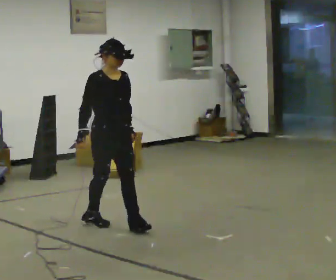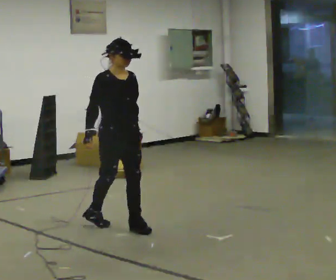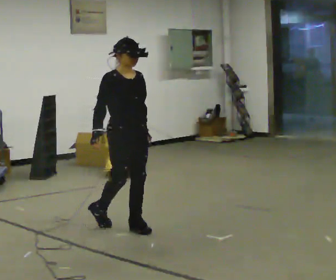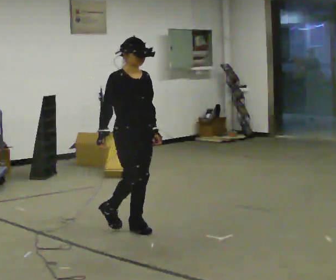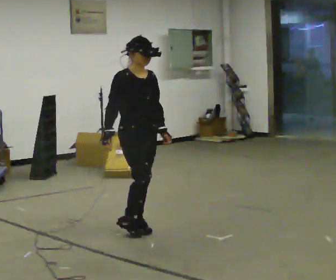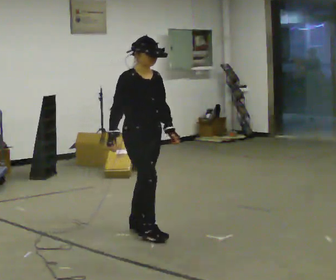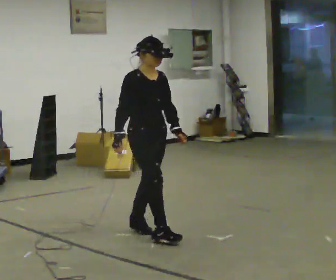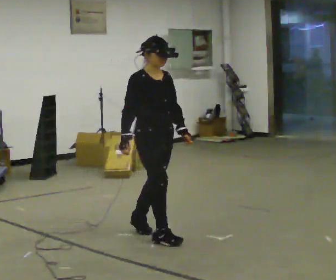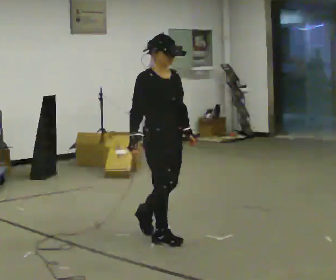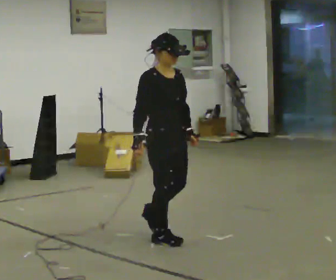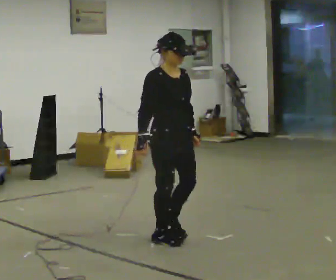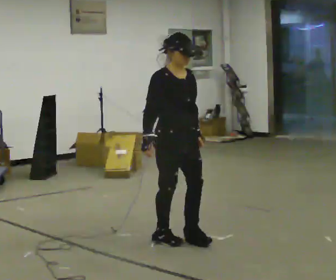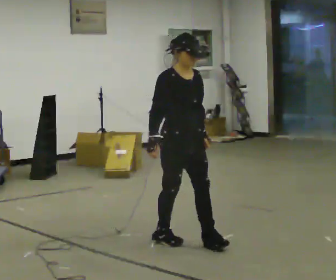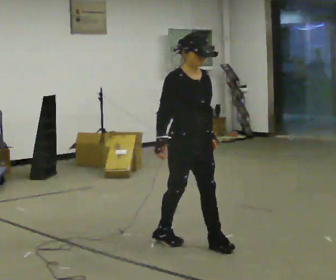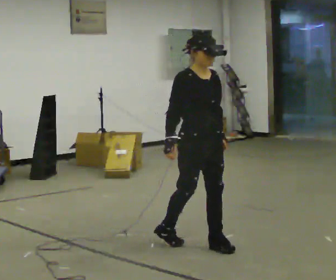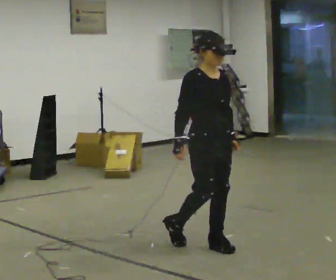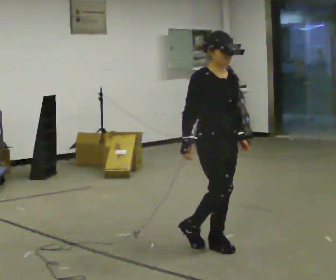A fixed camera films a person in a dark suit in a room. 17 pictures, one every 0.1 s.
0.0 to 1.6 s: In the picture they go to the right and toward the camera, about 1 m in 2 steps, which for them is forward.
The film runs forward here.
